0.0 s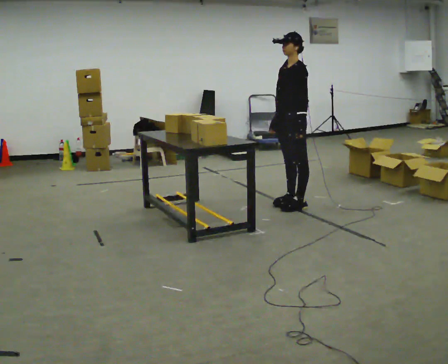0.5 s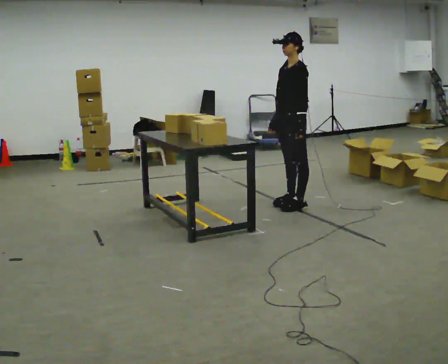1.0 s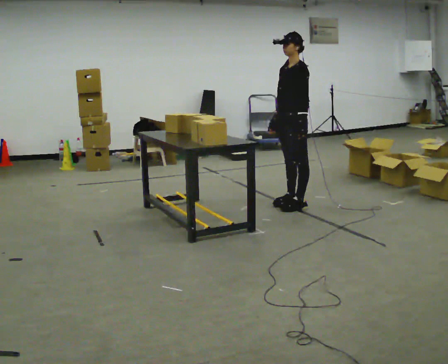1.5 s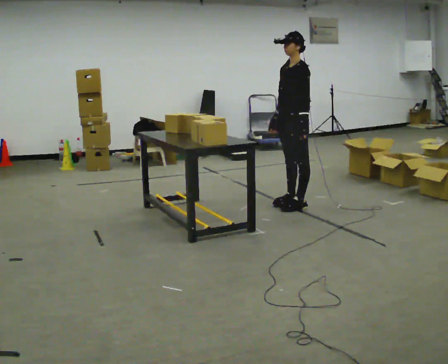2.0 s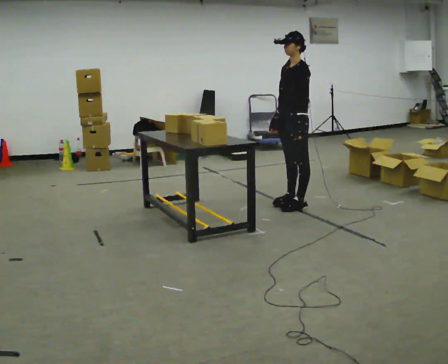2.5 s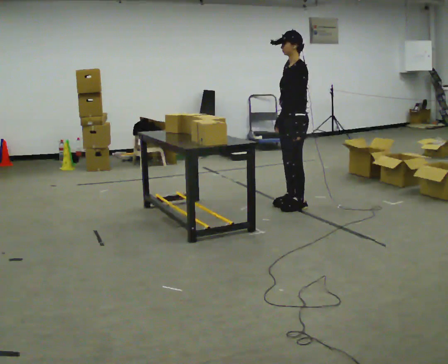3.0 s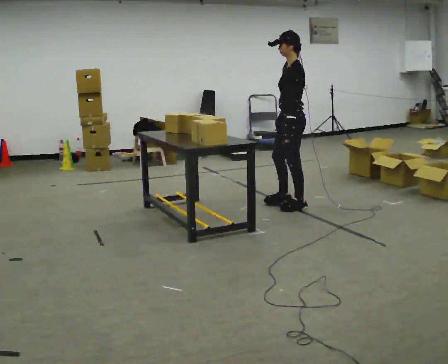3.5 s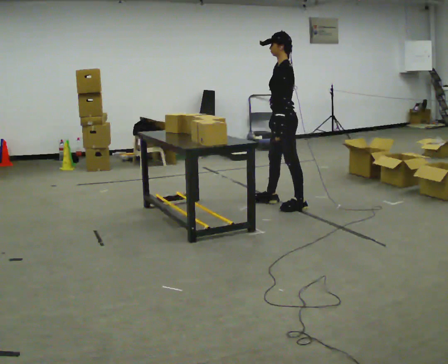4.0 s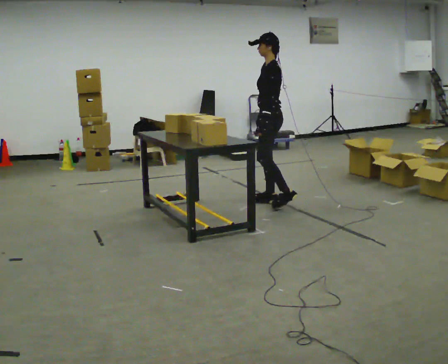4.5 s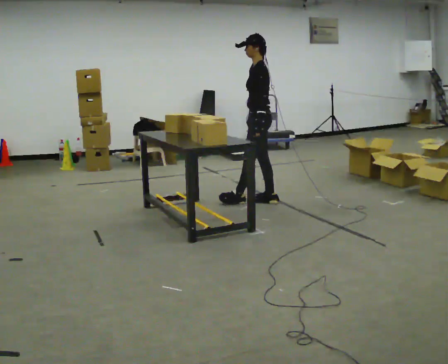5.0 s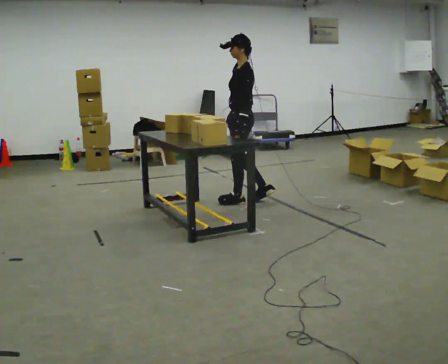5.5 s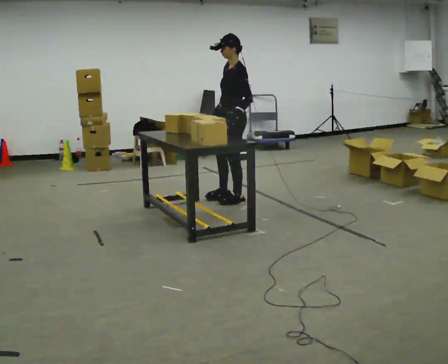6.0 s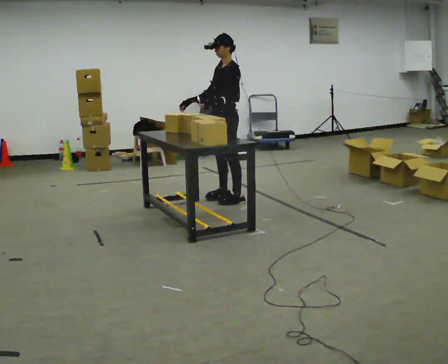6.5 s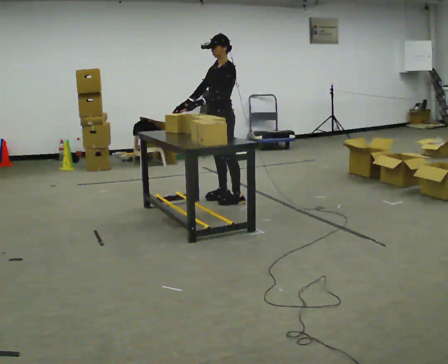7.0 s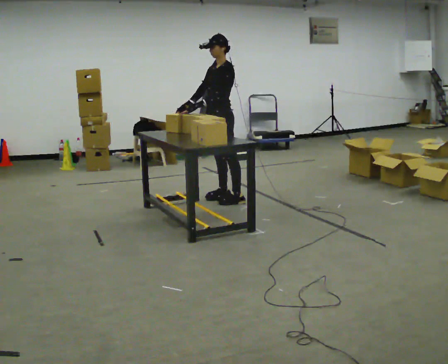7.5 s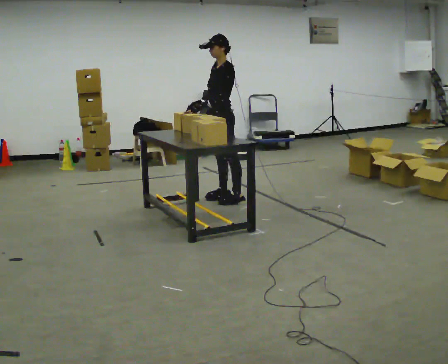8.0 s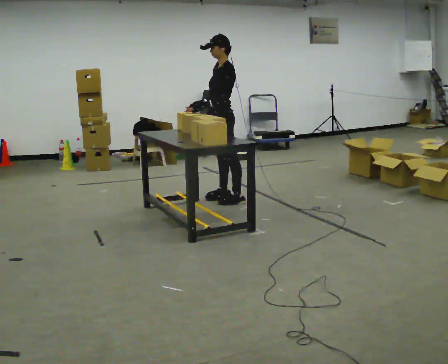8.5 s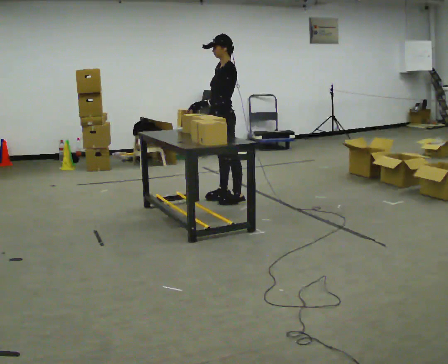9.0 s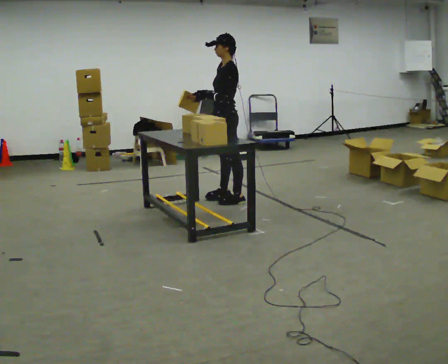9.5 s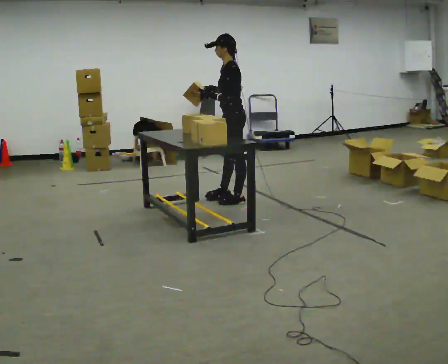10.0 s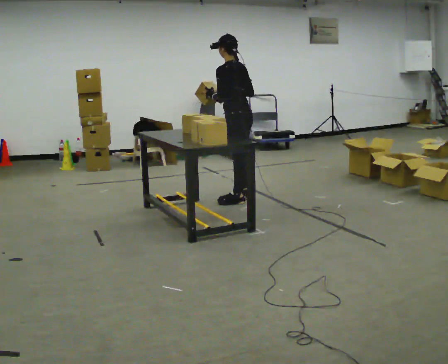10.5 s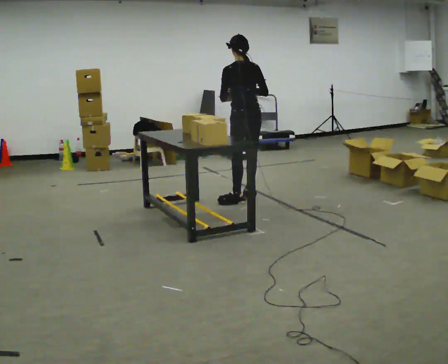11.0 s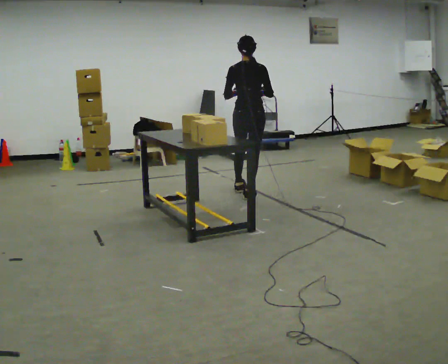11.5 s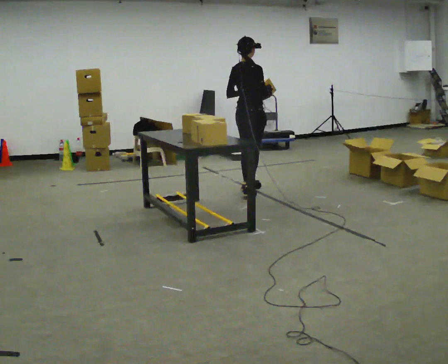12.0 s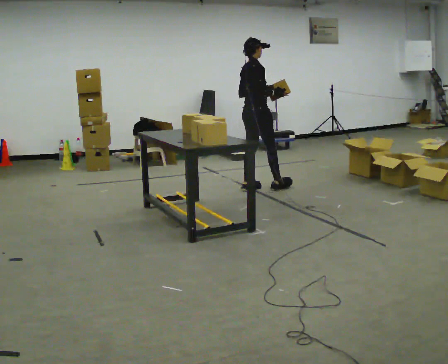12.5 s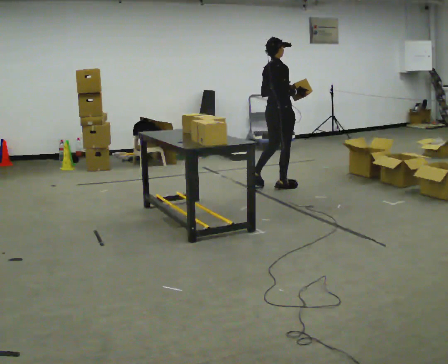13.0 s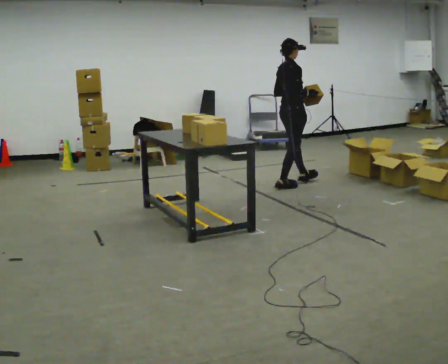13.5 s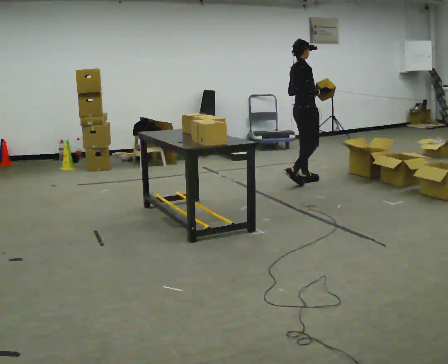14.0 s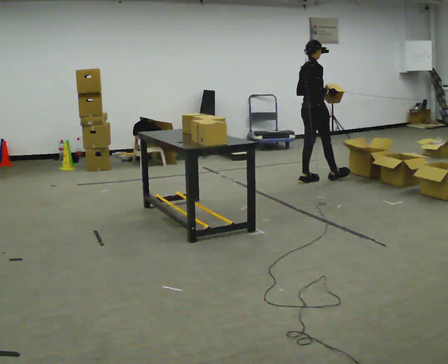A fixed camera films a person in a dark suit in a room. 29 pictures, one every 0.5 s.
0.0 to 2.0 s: The person moves a little, or ends about where they began.
2.0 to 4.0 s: The part of the body nearest the lens slides to the left as the person turns to their right by about 30 degrees. In the picture they go to the left, about 0.25 m in 1 step, which for them is forward.
4.0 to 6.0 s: Seen from above the body turns counterclockwise, about 30 degrees: to their left, with its near side sliding to the right. In the picture they go to the left, about 0.5 m in 2 steps, which for them is forward.
6.0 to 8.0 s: The person moves a little, or ends about where they began.
8.0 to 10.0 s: The person turns about 60 degrees to their right, clockwise seen from above, so the part of the body nearest the lens slides to the left. In the picture their right hand goes to the right.
10.0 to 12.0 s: The part of the body nearest the lens slides to the left as the person turns to their right by about 105 degrees. In the picture they go away from the camera, about 0.5 m in 2 steps.
12.0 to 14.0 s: In the picture they go to the right and away from the camera, about 1 m in 2 steps, which for them is forward.
The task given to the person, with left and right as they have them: Take each object from the table and put it in the bin that matches it, walking between the bins. Keep going until the operator says stop; one object at a time, and do not rush between trips.
The film runs forward here.
